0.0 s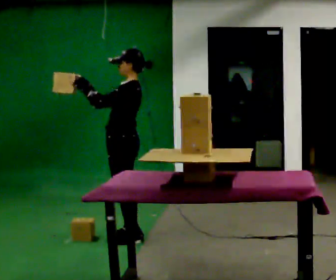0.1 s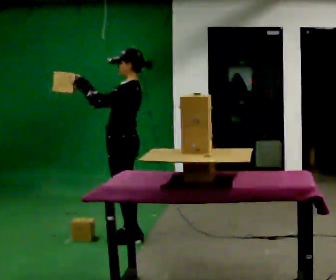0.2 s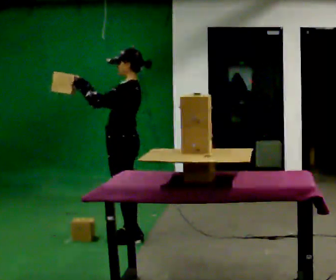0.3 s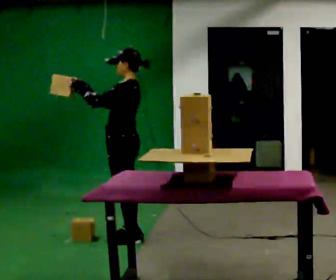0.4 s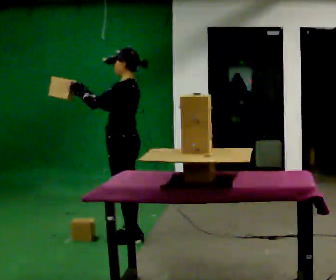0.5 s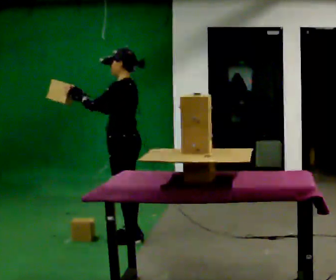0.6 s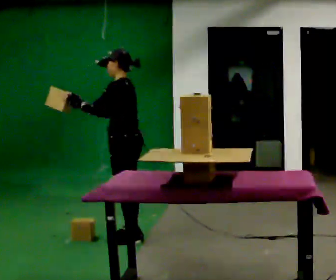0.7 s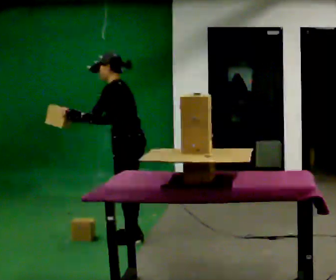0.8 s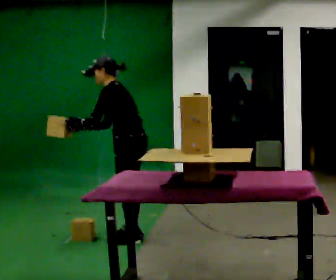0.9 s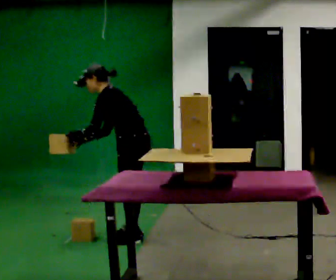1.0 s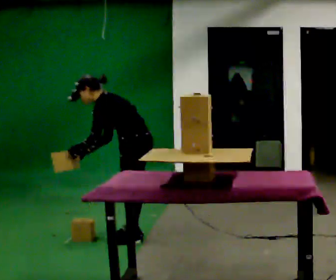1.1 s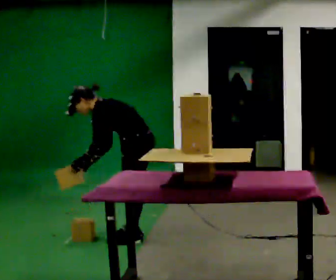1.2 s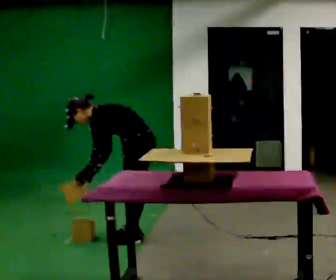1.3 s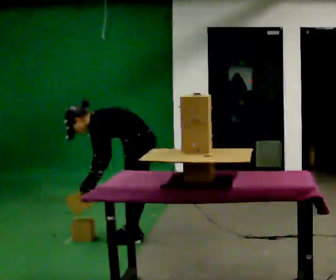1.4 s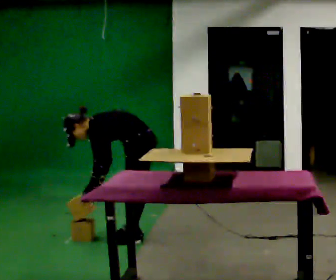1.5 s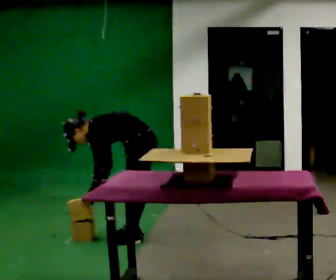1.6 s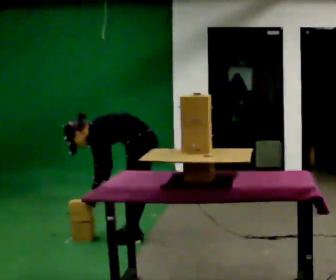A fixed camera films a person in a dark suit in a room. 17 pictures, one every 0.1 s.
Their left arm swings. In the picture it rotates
counterclockwise.
The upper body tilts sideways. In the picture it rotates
counterclockwise.
0.0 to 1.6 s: The shoulders move downward. In the picture the upper body tilts counterclockwise, shoulders to the left, as they bend forward. In the picture their left hand goes downward, the arm swinging counterclockwise.
The film runs backward here.
